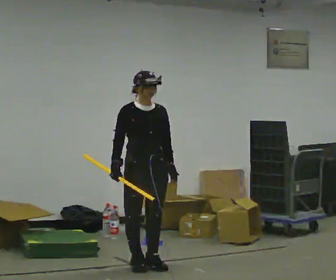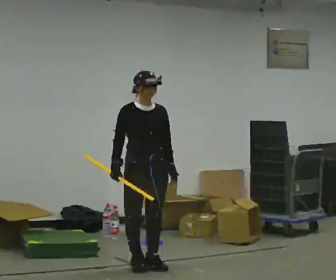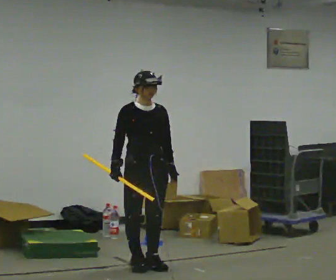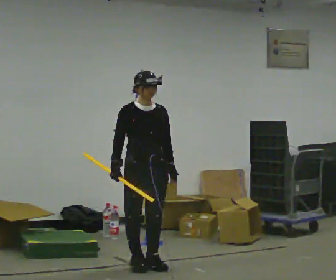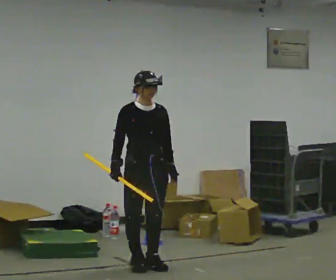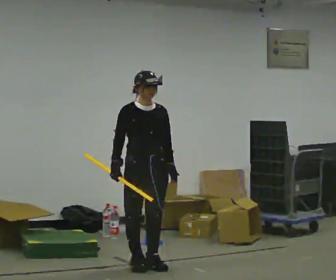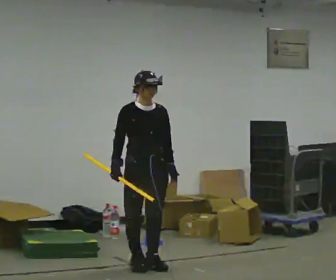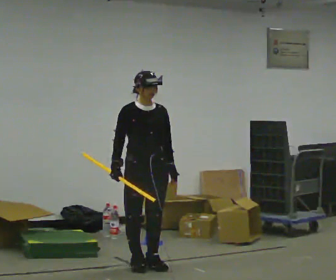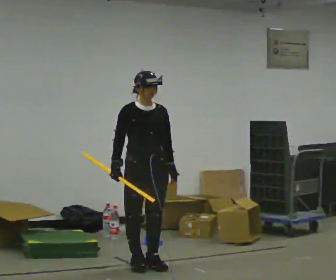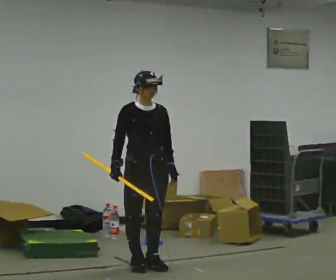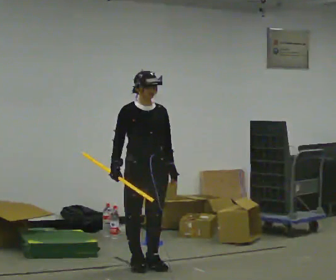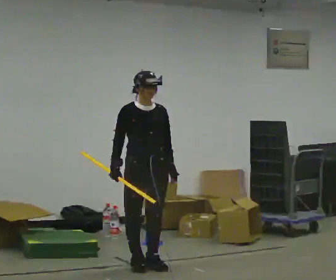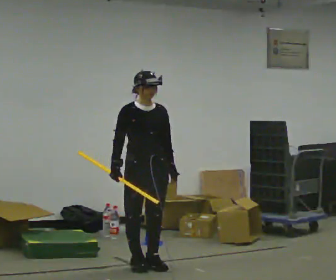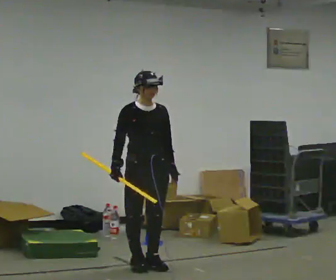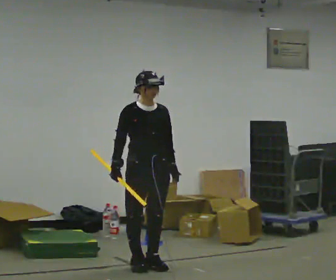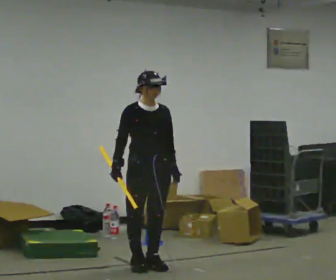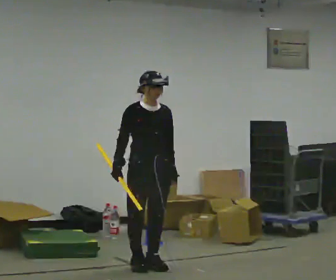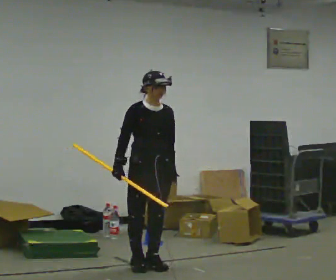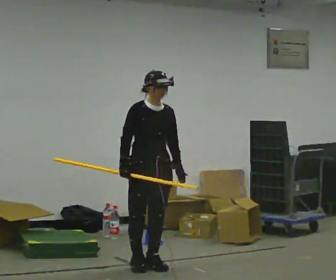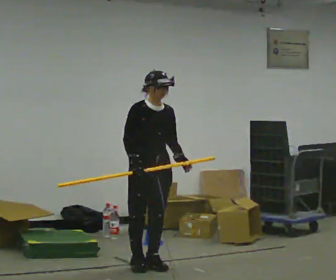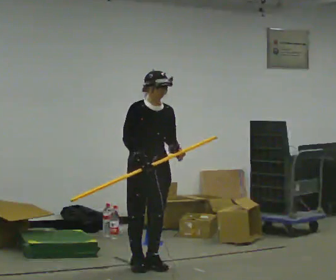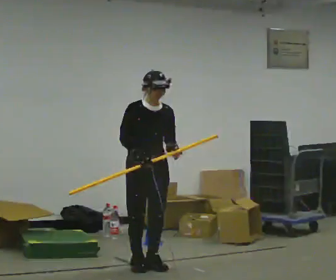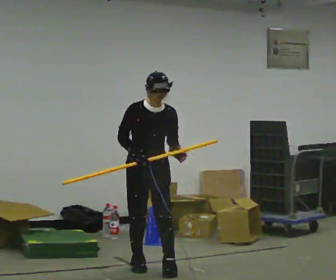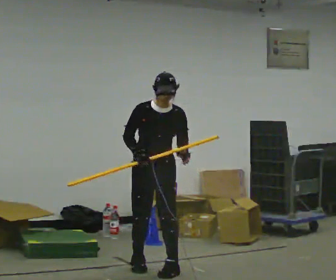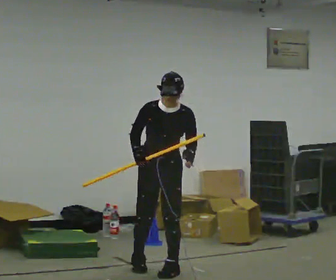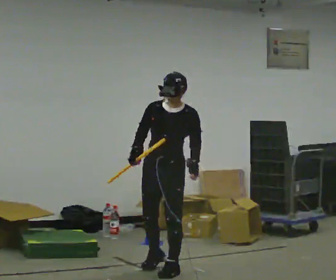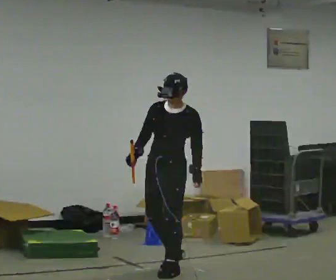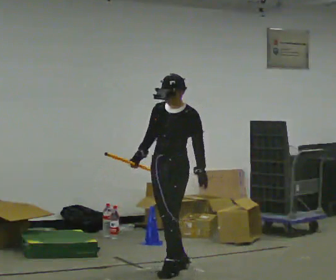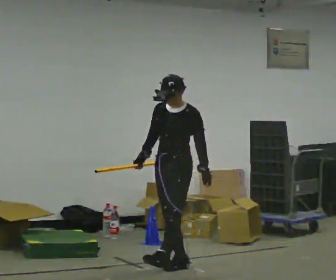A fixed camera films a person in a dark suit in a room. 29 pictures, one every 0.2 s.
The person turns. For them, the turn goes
to their right.
The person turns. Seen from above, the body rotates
clockwise.
0.0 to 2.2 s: The person keeps their place and pose.
2.2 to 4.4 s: The person moves a little, or ends about where they began.
4.4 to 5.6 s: The part of the body nearest the lens slides to the left as the person turns to their right by about 60 degrees. In the picture they go to the right, about 0.25 m in 2 steps, which for them is to their left.
The film runs backward here.
